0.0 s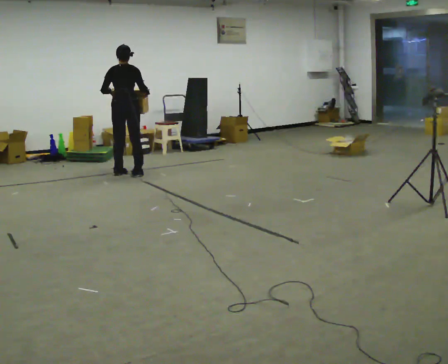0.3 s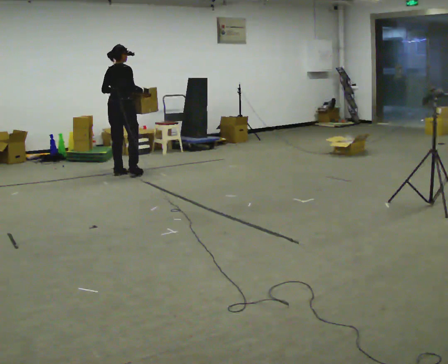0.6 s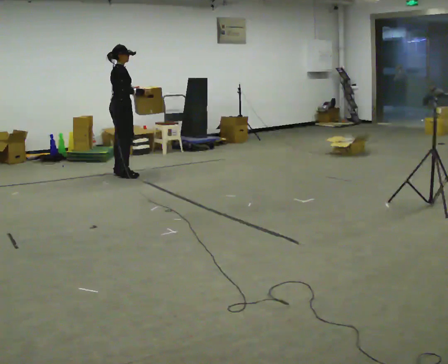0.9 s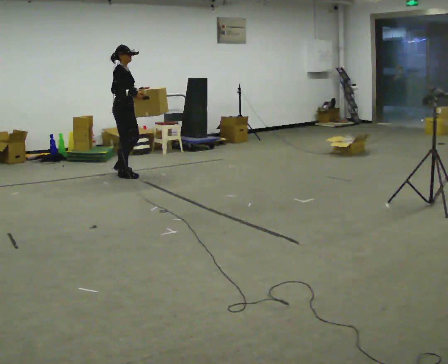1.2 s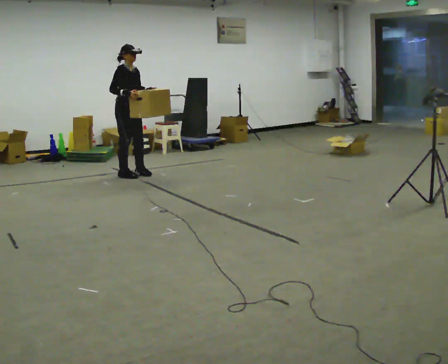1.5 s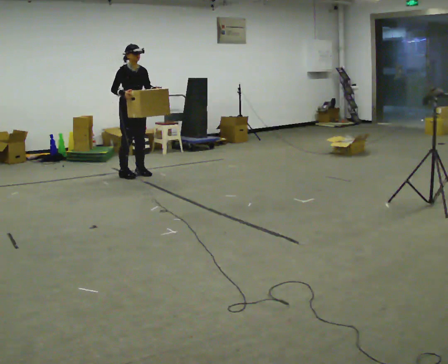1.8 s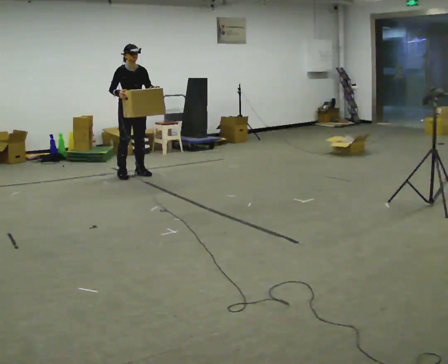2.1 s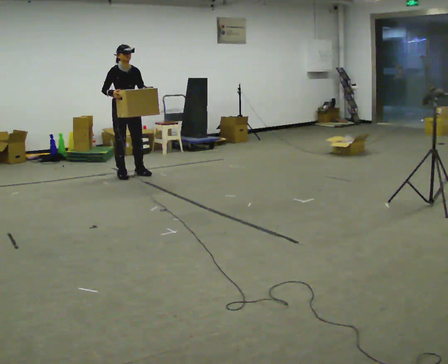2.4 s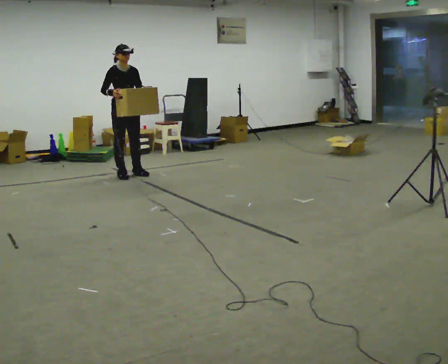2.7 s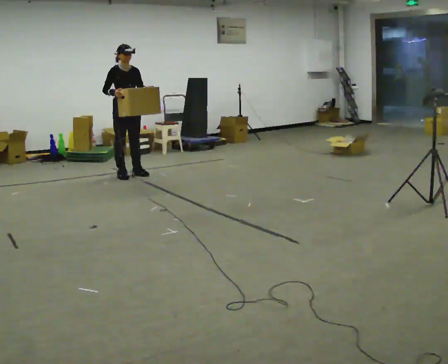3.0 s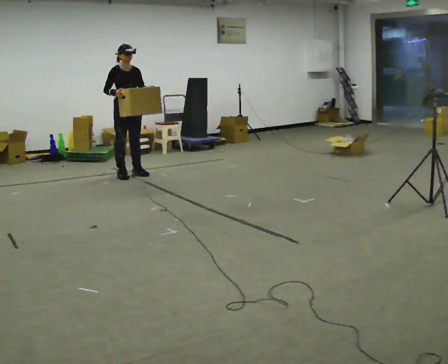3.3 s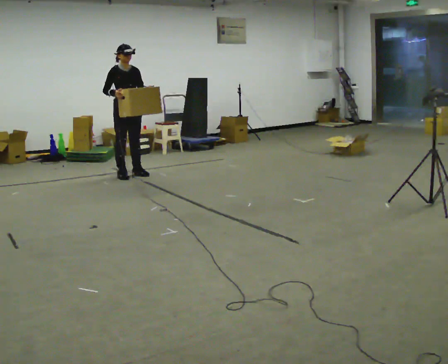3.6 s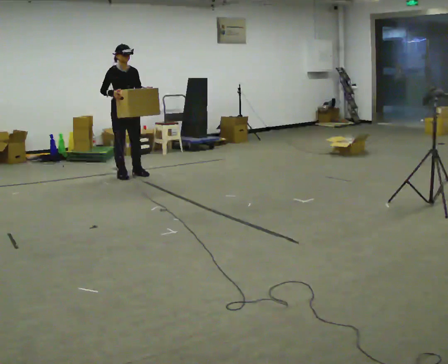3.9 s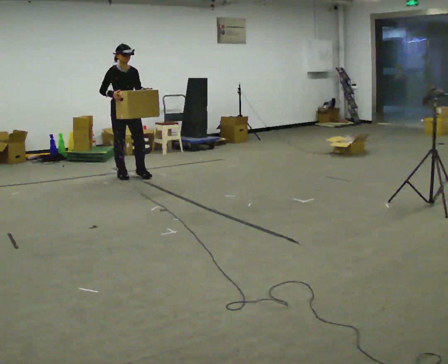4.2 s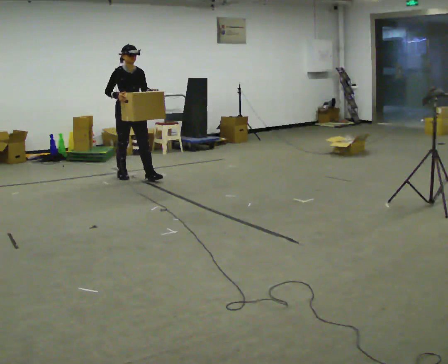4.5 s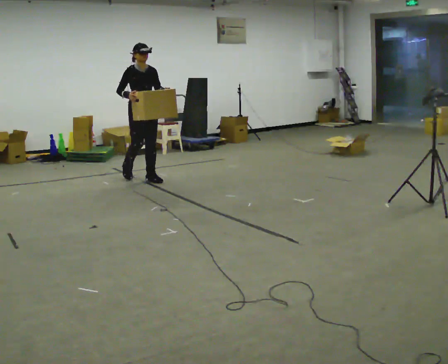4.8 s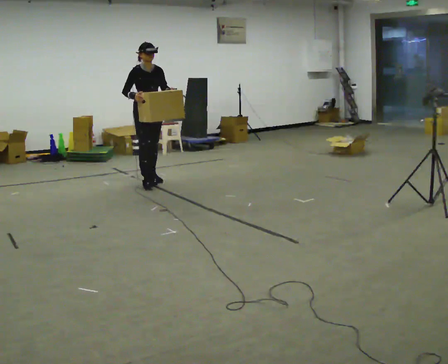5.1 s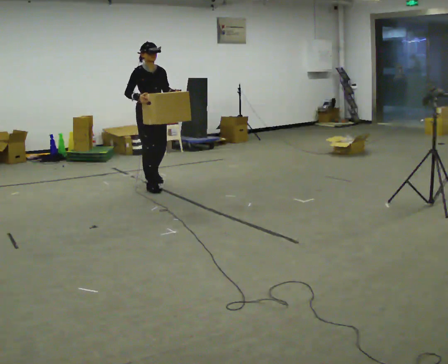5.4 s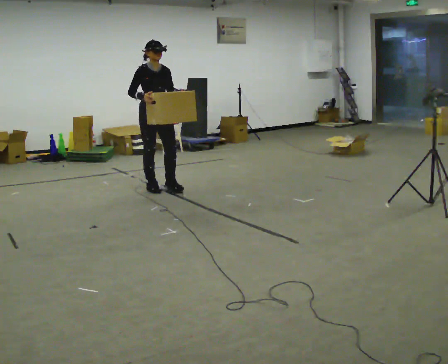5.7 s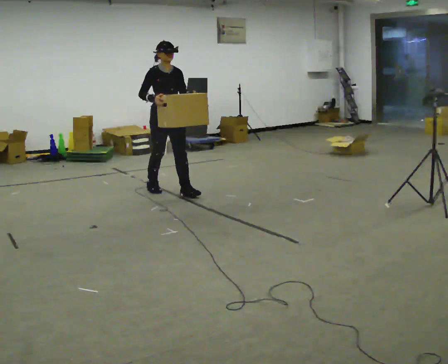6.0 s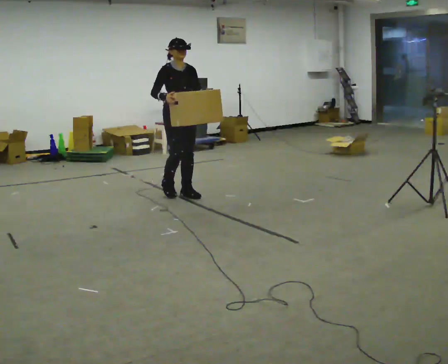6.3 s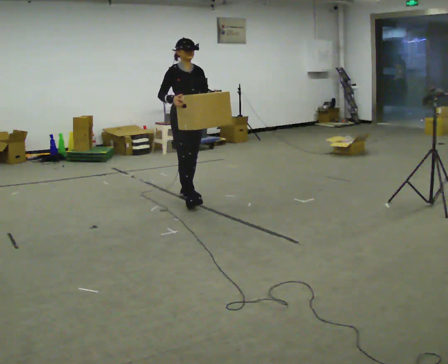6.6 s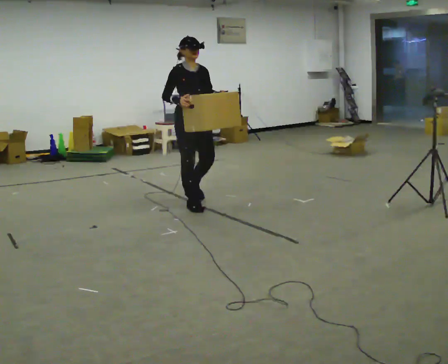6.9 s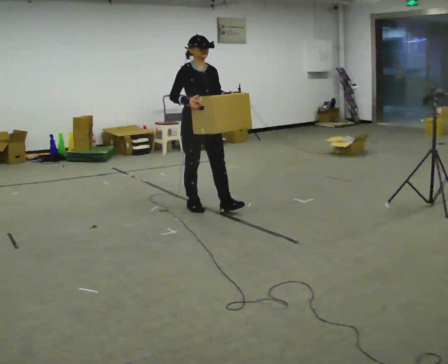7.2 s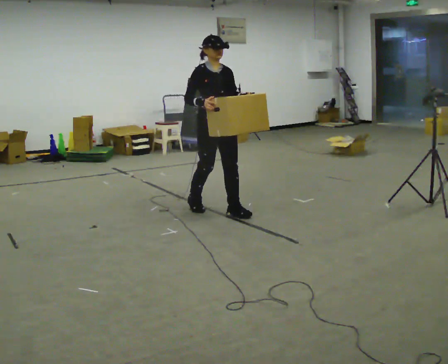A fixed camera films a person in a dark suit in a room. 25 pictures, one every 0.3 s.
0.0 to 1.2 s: The person turns about 105 degrees to their right, clockwise seen from above, so the part of the body nearest the lens slides to the left. In the picture their right hand goes to the left.
1.2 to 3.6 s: The person moves a little, or ends about where they began.
3.6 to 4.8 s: In the picture they go toward the camera and to the right, about 0.5 m in 1 step, which for them is forward.
4.8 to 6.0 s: In the picture they go toward the camera and to the right, about 0.5 m in 2 steps, which for them is forward.
6.0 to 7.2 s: In the picture they go toward the camera and to the right, about 0.5 m in 2 steps, which for them is forward.
The film runs forward here.
